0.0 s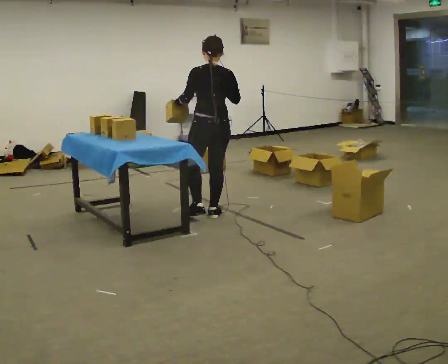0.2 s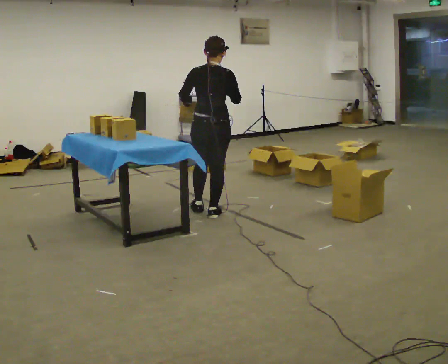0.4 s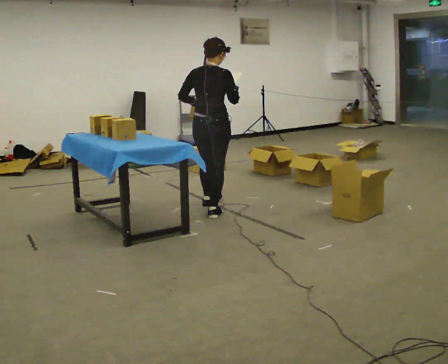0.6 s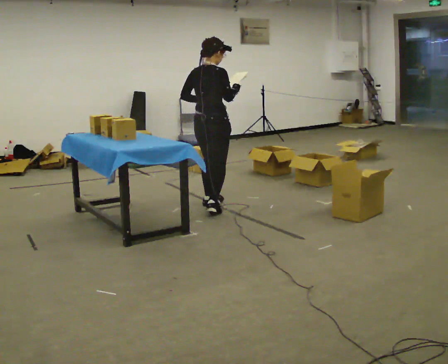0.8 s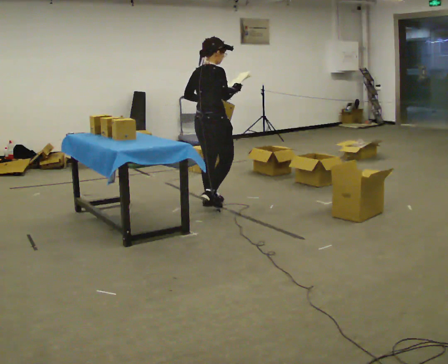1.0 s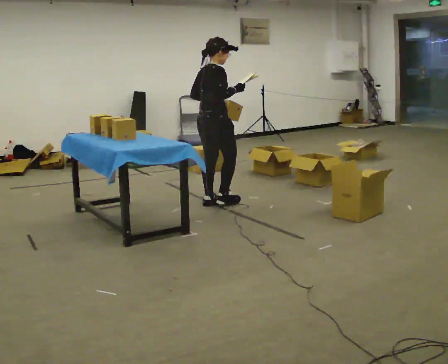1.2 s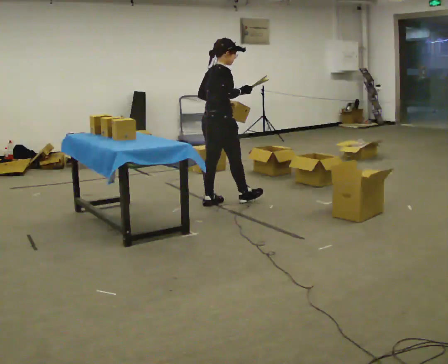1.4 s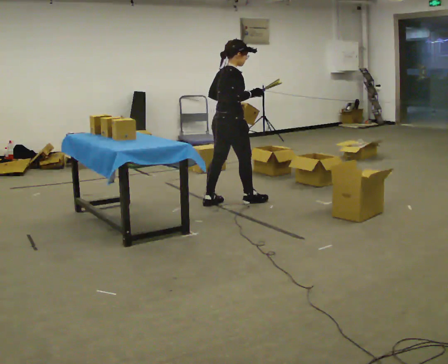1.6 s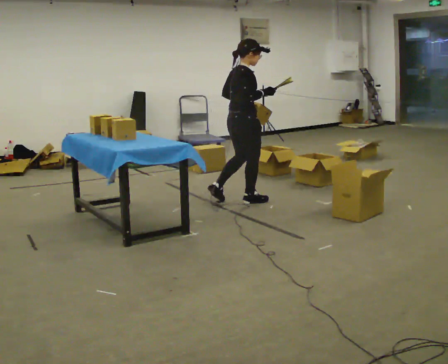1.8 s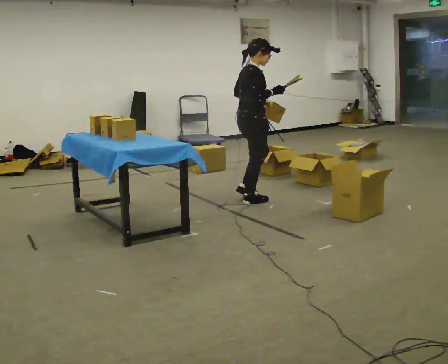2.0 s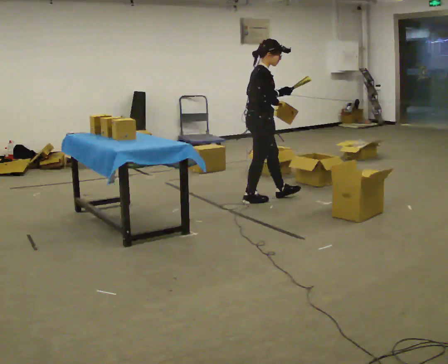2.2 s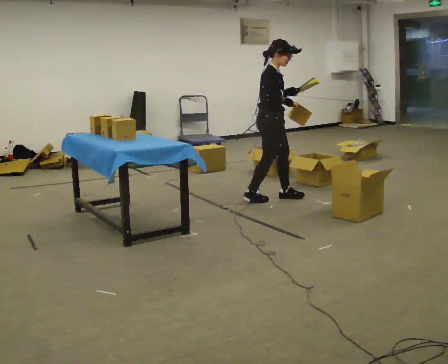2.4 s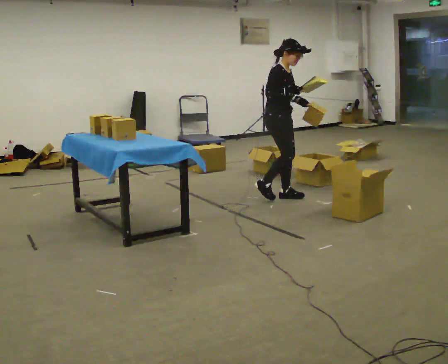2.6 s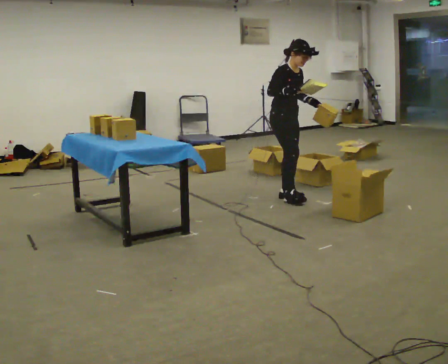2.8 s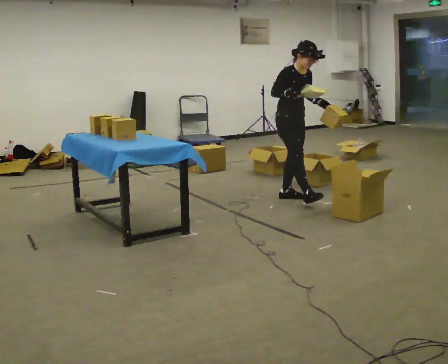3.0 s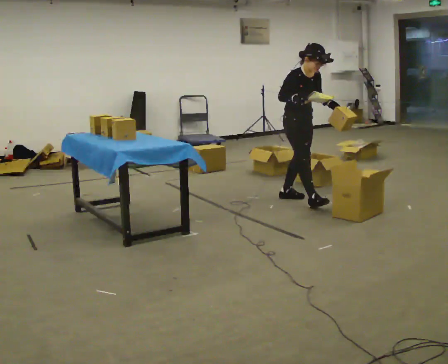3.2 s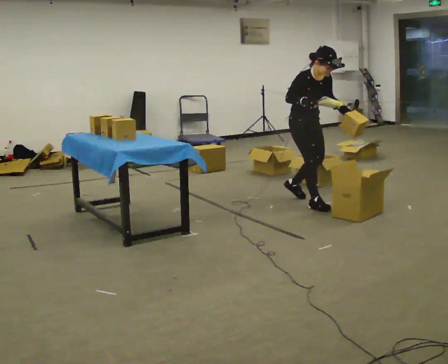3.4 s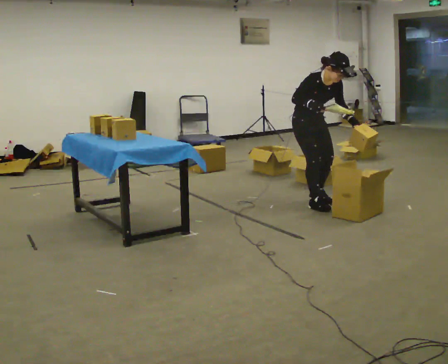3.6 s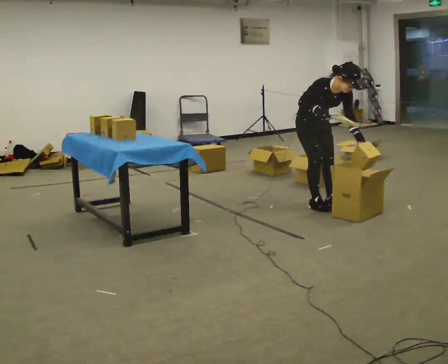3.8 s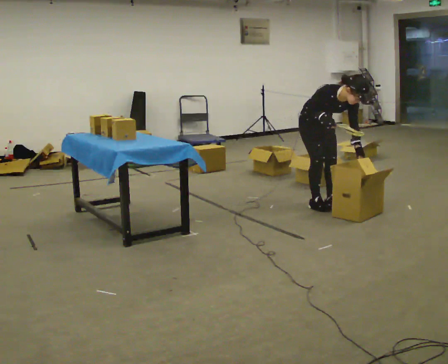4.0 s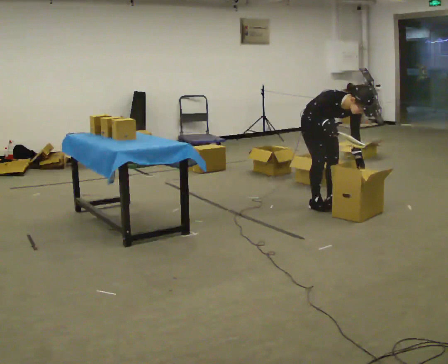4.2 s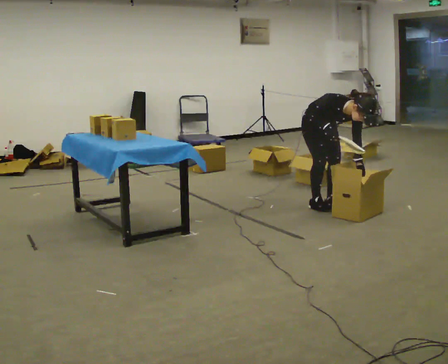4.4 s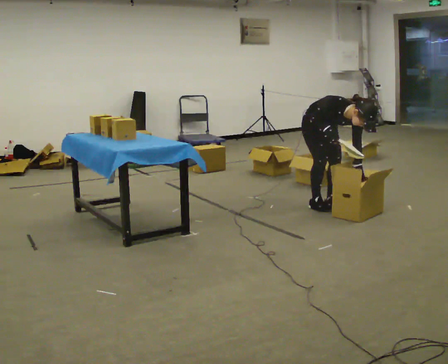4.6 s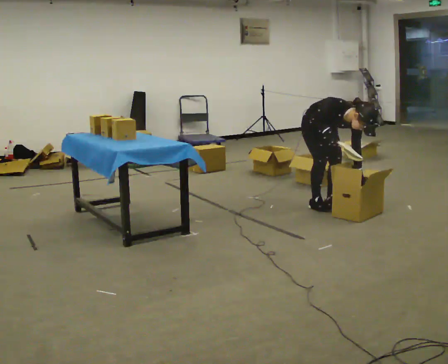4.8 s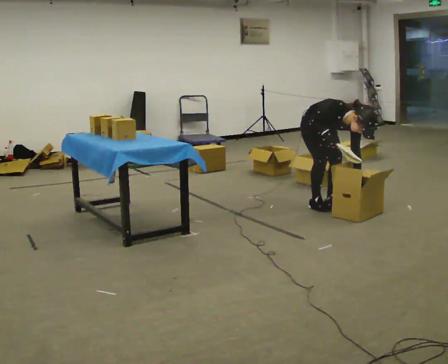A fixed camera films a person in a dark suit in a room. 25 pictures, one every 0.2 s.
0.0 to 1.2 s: Seen from above the body turns clockwise, about 75 degrees: to their right, with its near side sliding to the left. In the picture they go away from the camera, about 0.25 m in 1 step.
1.2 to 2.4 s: Seen from above the body turns clockwise, about 60 degrees: to their right, with its near side sliding to the left. In the picture they go to the right, about 0.5 m in 2 steps, which for them is forward.
2.4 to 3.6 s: The part of the body nearest the lens slides to the left as the person turns to their right by about 30 degrees. In the picture they go to the right and toward the camera, about 0.5 m in 2 steps, which for them is forward. The upper body tips toward the camera, its near side rolling downward, as they bend forward.
3.6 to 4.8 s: The shoulders move downward. The upper body tips toward the camera, its near side rolling downward, as they bend forward. In the picture their left hand goes downward.
The film runs forward here.
